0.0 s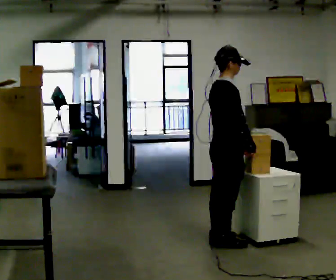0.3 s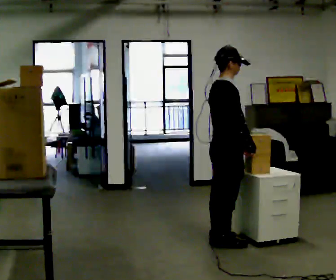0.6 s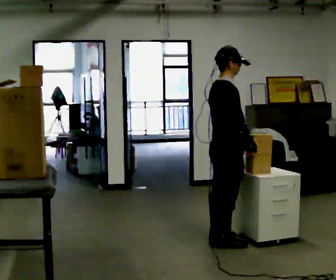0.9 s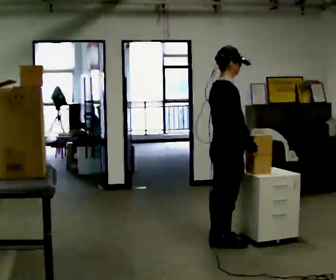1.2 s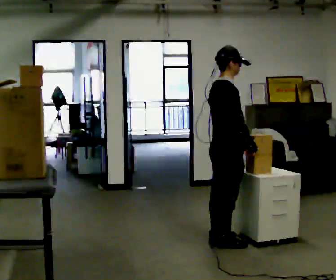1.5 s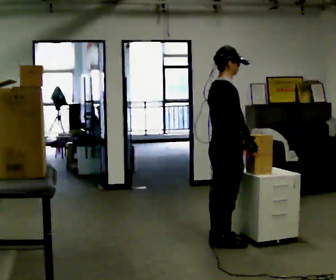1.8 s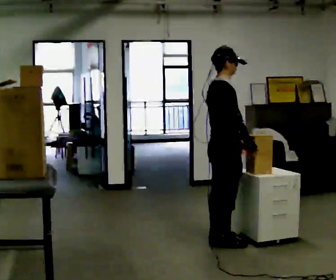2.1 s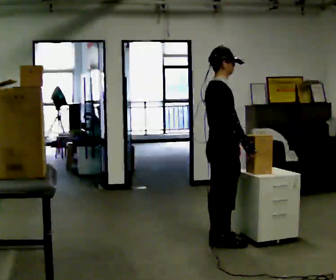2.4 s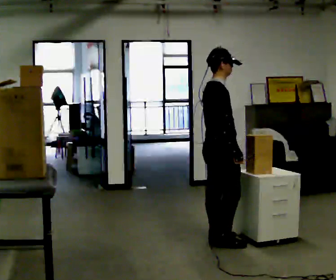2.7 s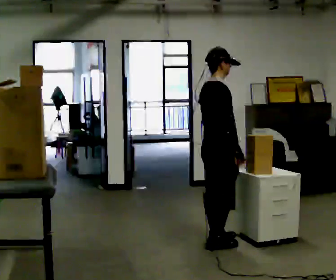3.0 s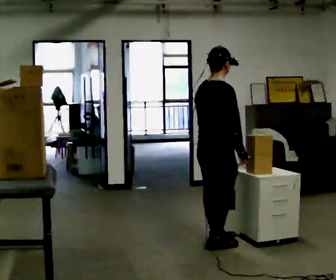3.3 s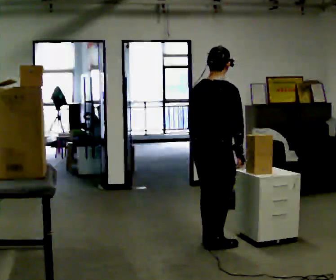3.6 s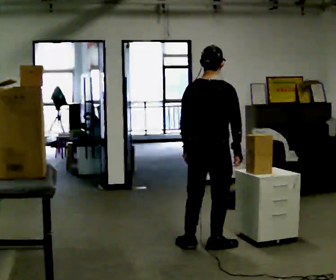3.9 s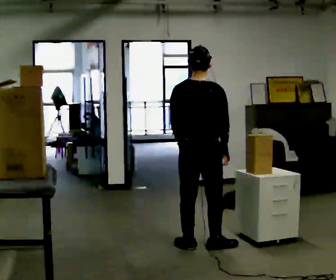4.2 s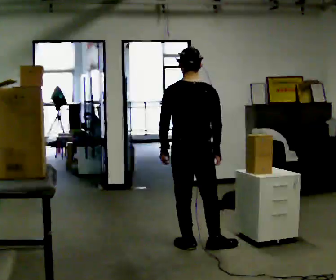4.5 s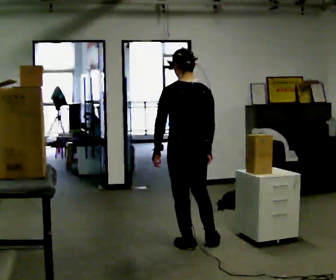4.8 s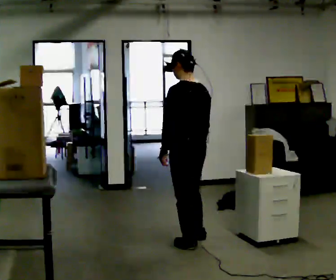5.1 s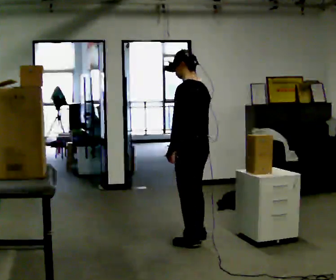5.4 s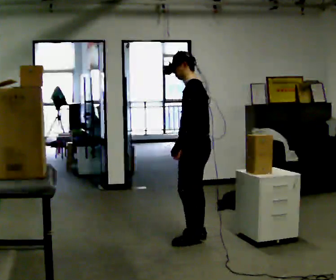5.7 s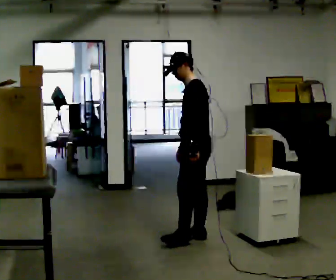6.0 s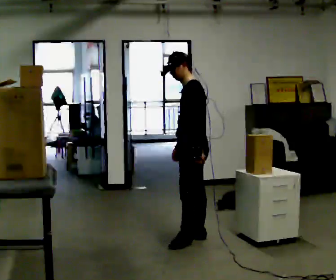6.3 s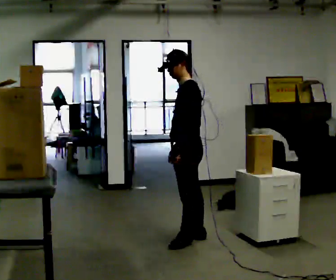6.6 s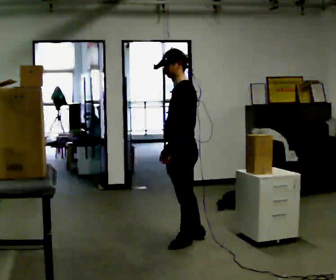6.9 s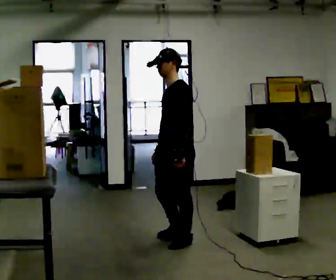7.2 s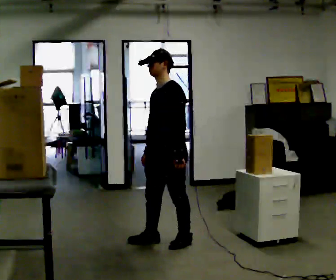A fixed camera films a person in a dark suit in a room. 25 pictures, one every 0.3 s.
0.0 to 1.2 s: The person keeps their place and pose.
1.2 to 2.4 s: The person moves a little, or ends about where they began.
2.4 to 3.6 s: Seen from above the body turns counterclockwise, about 60 degrees: to their left, with its near side sliding to the right. In the picture they go toward the camera, about 0.25 m, which for them is backward. In the picture their left hand goes to the left.
3.6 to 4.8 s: Seen from above the body turns counterclockwise, about 60 degrees: to their left, with its near side sliding to the right. In the picture they go away from the camera, about 0.25 m in 2 steps.
4.8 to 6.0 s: The part of the body nearest the lens slides to the right as the person turns to their left by about 45 degrees. In the picture they go away from the camera, about 0.25 m in 1 step, which for them is to their right.
6.0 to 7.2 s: The person turns about 30 degrees to their left, counterclockwise seen from above, so the part of the body nearest the lens slides to the right. In the picture they go to the left and toward the camera, about 0.25 m in 1 step, which for them is forward and to their left.
The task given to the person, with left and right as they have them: Take an object down from the highest shelf you can comfortably reach, carry it across, and place it on the waist-height shelf. Keep going until the operator says stop; one object at a time, and do not rush between trips.
The film runs forward here.
